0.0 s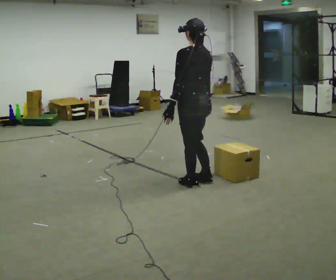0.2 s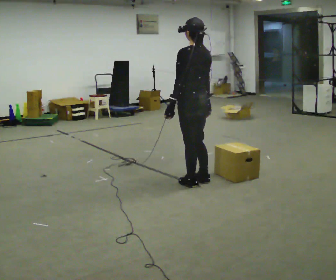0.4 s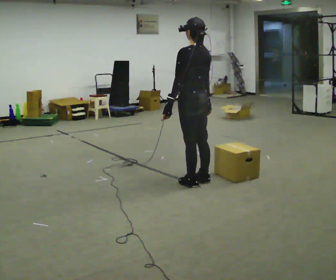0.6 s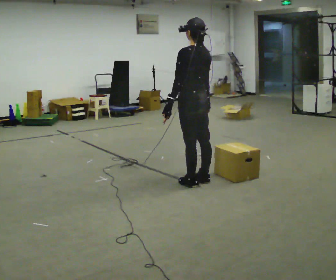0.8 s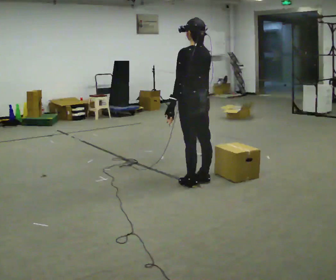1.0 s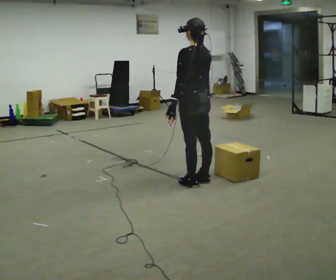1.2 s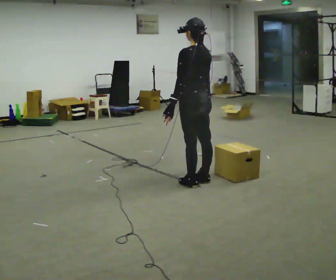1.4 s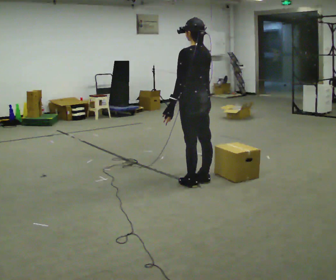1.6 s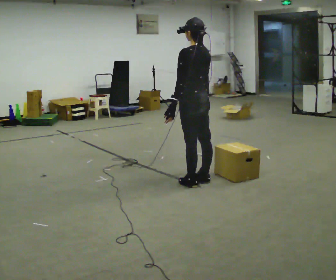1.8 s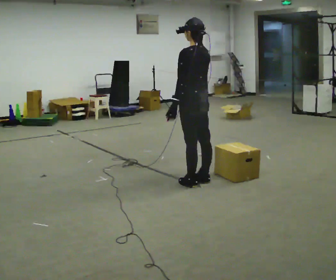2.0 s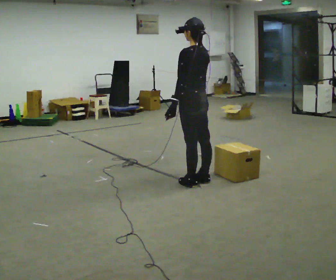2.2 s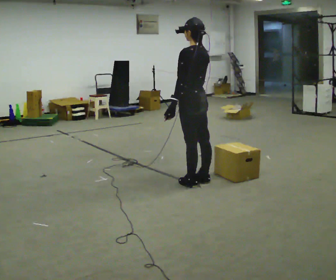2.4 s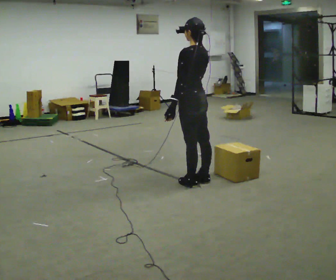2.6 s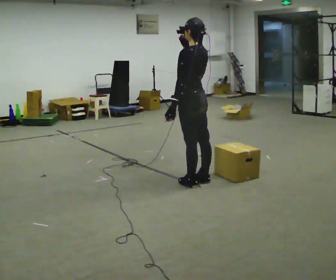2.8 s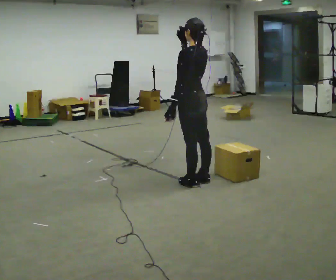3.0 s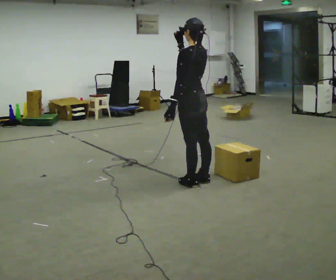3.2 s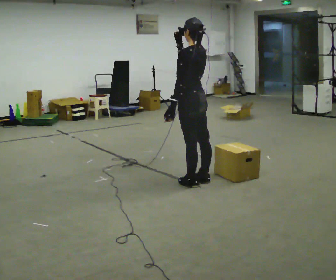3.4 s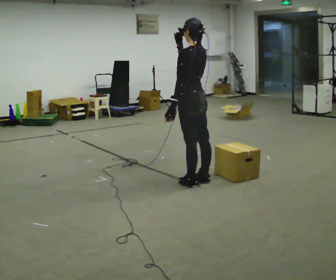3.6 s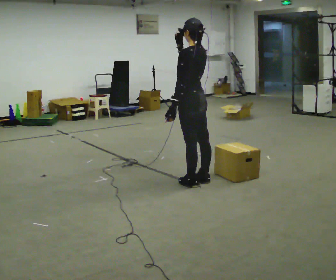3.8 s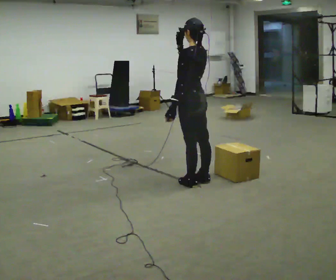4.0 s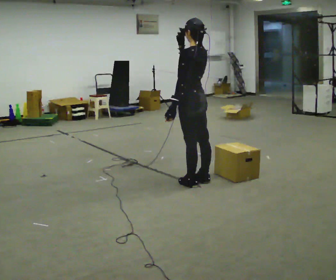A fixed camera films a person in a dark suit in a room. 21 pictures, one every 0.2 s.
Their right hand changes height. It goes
upward.
0.0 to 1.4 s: The person moves a little, or ends about where they began.
1.4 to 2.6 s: In the picture their right hand goes upward.
2.6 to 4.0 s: The person moves a little, or ends about where they began.
The film runs forward here.
